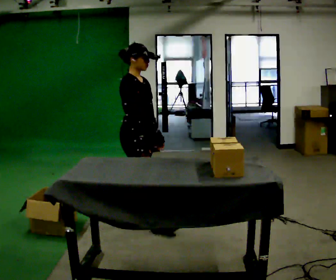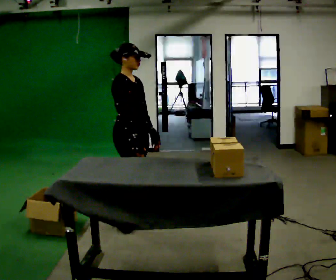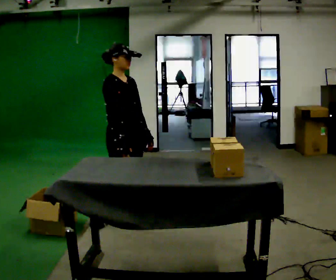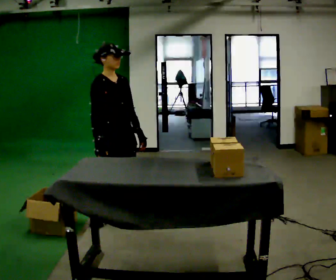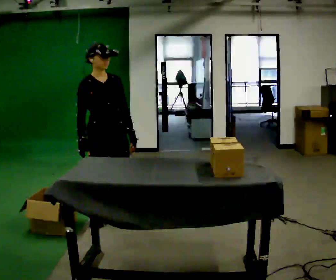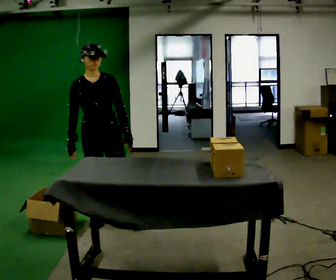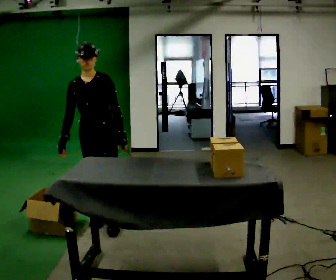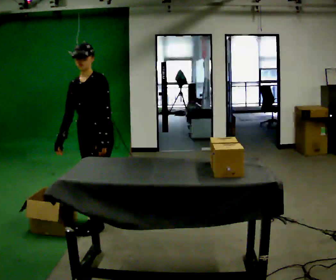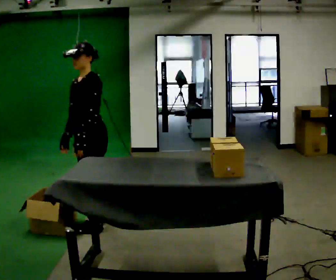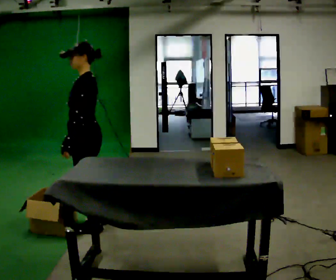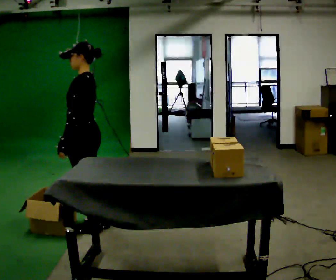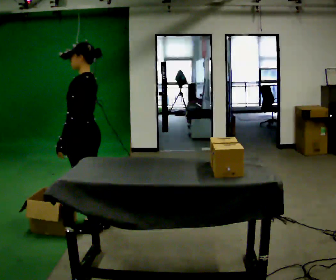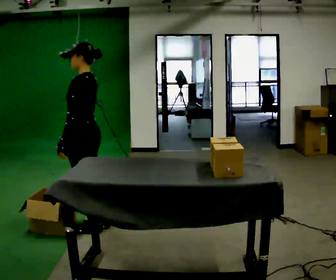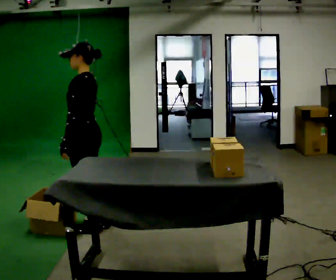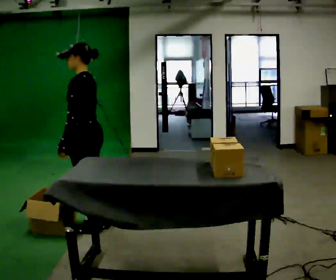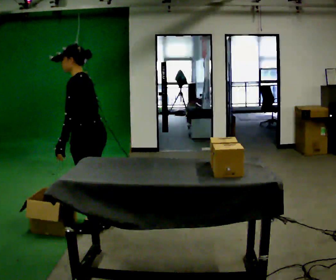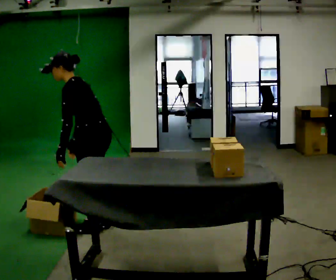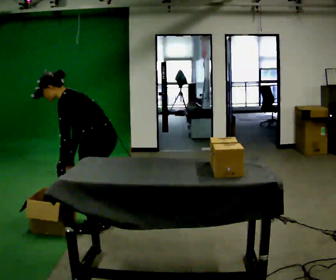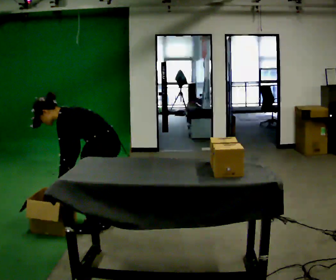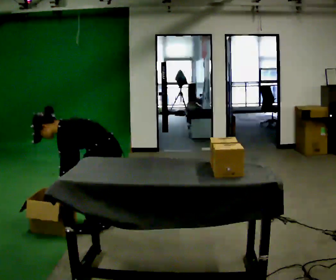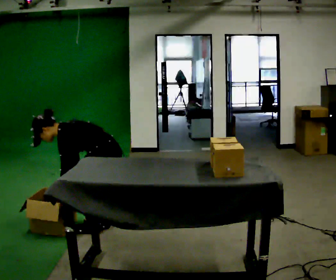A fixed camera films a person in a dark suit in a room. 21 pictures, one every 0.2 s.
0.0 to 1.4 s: The part of the body nearest the lens slides to the left as the person turns to their right by about 90 degrees. In the picture they go to the left, about 0.25 m in 1 step.
1.4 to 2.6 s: The person turns about 75 degrees to their right, clockwise seen from above, so the part of the body nearest the lens slides to the left. In the picture their left hand goes to the left.
2.6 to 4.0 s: In the picture they go to the right, about 0.25 m, which for them is backward. The shoulders move downward. In the picture the upper body tilts counterclockwise, shoulders to the left, as they bend forward. In the picture their left hand goes downward.
The film runs backward here.
